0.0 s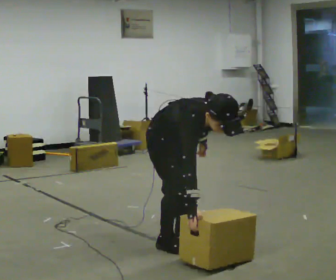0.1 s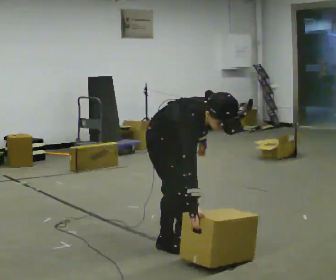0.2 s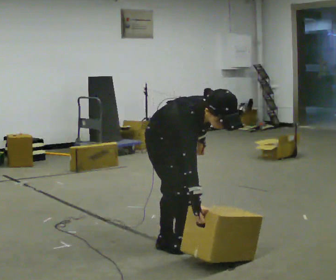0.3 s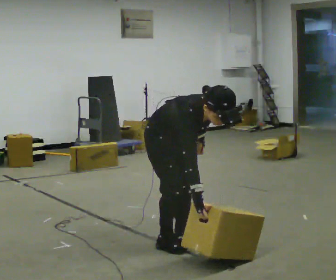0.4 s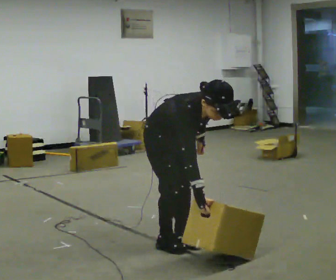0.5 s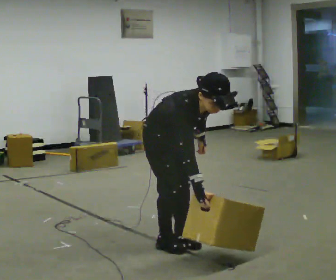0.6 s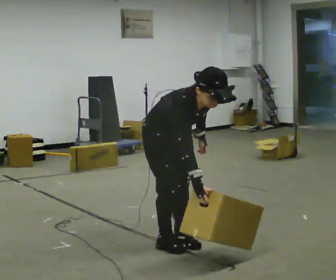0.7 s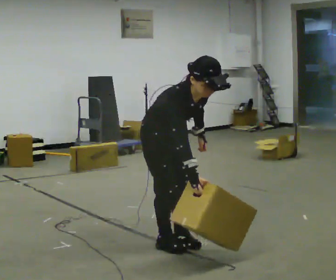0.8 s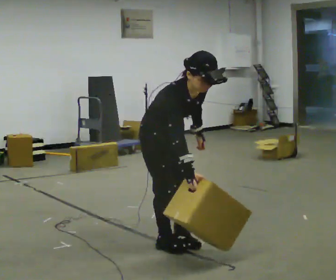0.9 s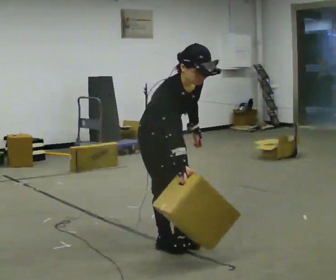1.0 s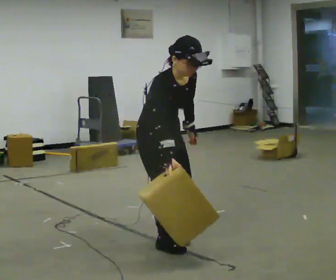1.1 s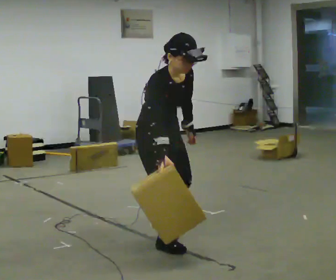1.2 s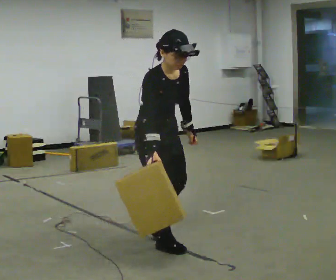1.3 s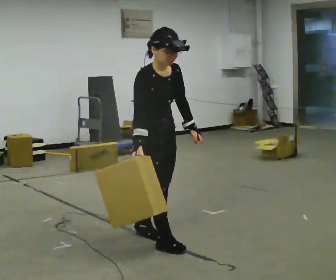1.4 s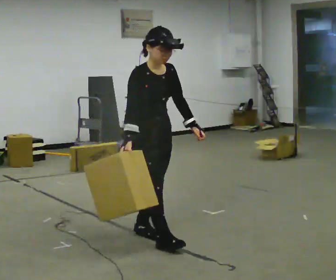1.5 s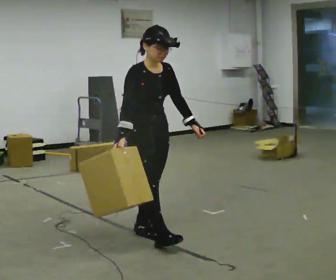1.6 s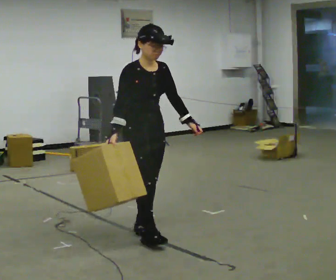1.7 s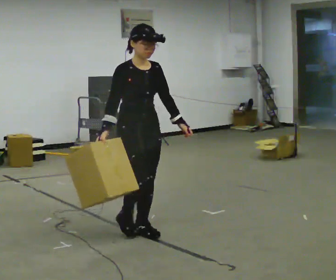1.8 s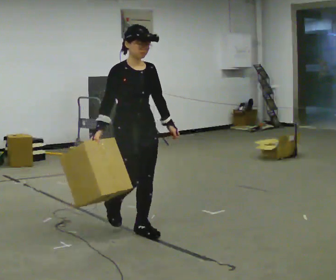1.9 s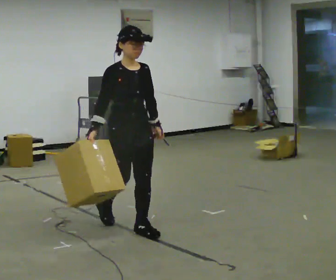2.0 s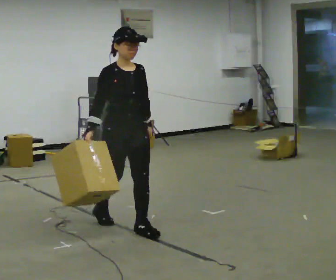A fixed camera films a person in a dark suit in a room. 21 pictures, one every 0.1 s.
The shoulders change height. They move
upward.
0.0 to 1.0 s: The shoulders move upward. In the picture the upper body tilts counterclockwise, shoulders to the left, as they lean back or straighten.
1.0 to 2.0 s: In the picture they go to the left and away from the camera, about 0.5 m in 1 step, which for them is backward. In the picture the upper body tilts counterclockwise, shoulders to the left, as they lean back or straighten.
The film runs backward here.
